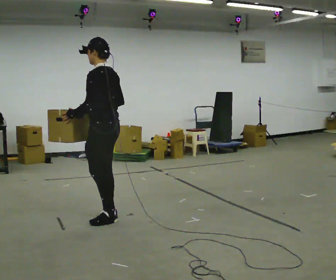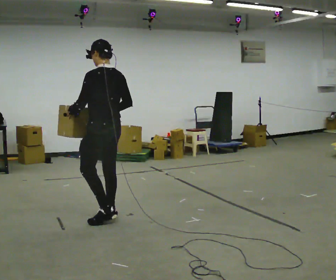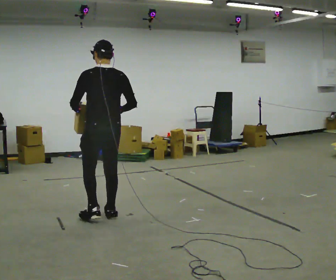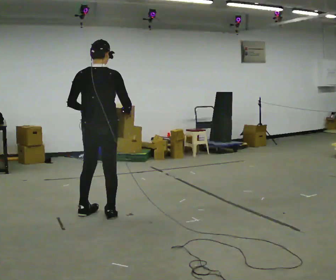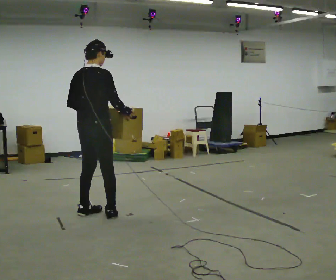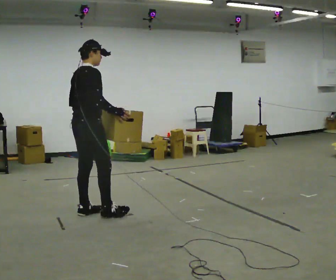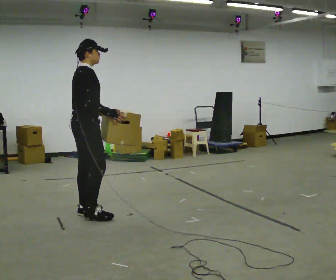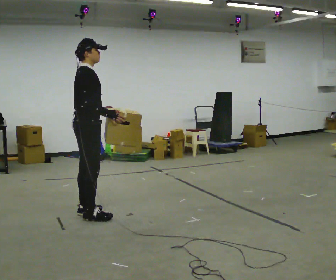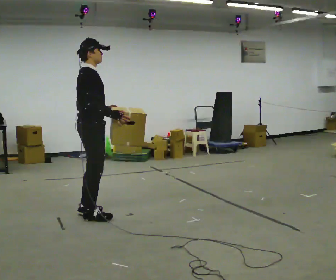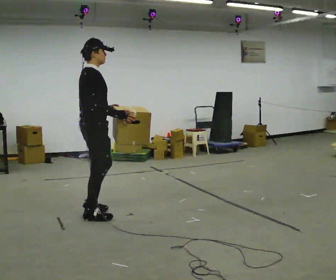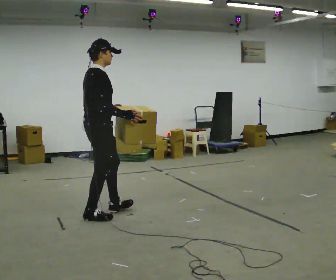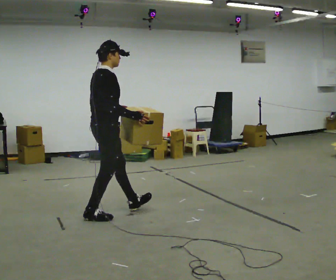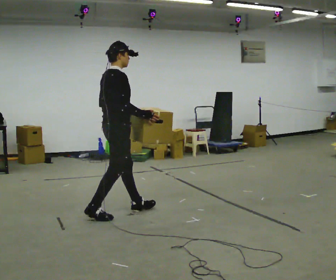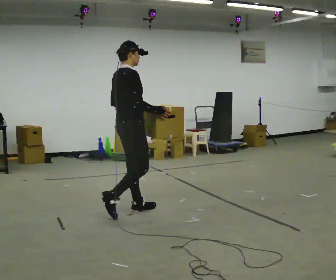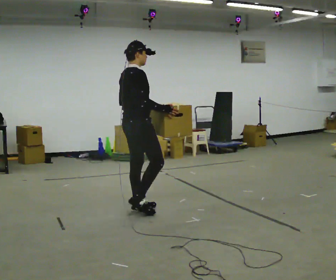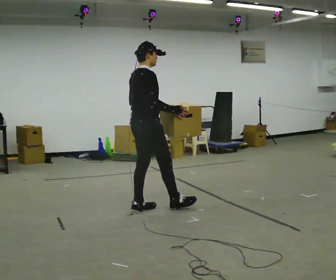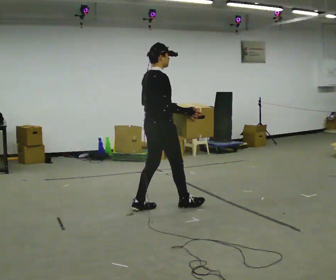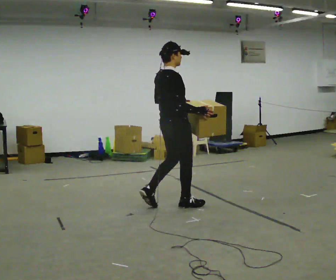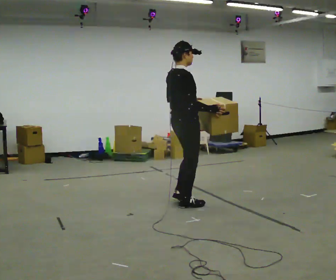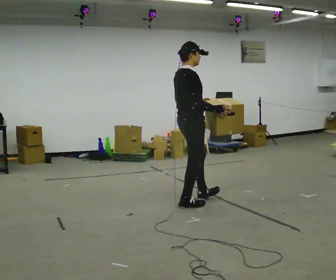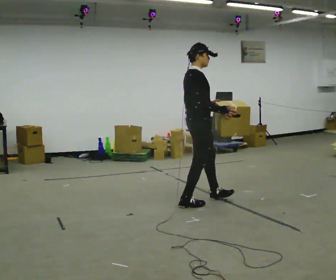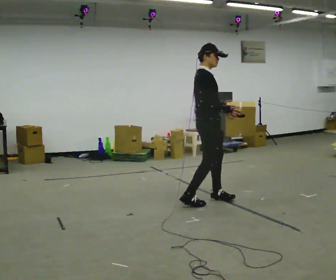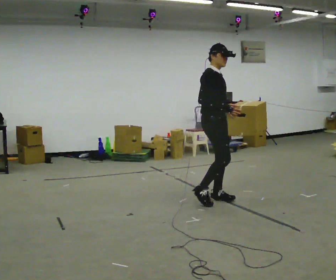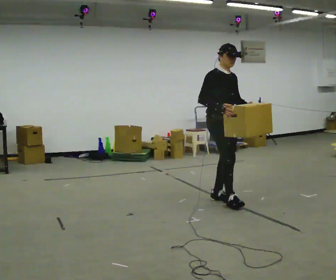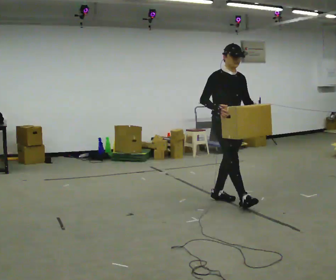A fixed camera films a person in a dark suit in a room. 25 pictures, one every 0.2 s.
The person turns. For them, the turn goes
to their right.
The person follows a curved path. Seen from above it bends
clockwise.
0.0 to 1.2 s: The part of the body nearest the lens slides to the left as the person turns to their right by about 135 degrees. In the picture they go to the left, about 0.25 m in 1 step.
1.2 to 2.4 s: In the picture they go to the right, about 0.25 m in 2 steps, which for them is forward.
2.4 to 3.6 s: In the picture they go to the right and away from the camera, about 0.5 m in 1 step, which for them is forward.
3.6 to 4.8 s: Seen from above the body turns clockwise, about 75 degrees: to their right, with its near side sliding to the left. In the picture they go to the right, about 0.5 m in 1 step.
The film runs forward here.
